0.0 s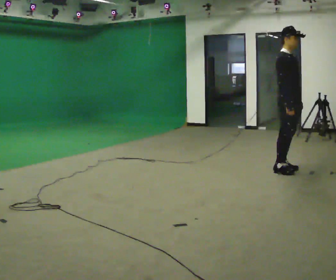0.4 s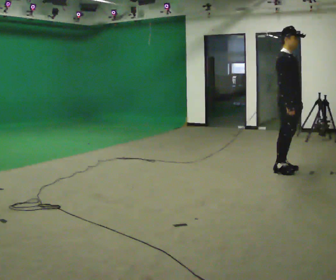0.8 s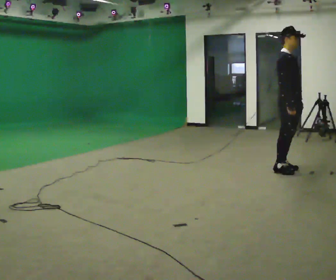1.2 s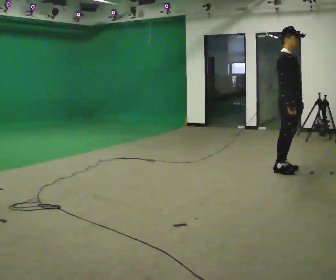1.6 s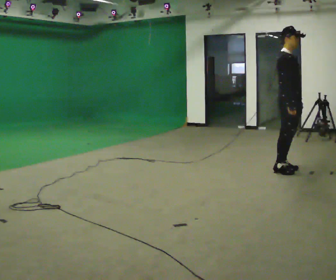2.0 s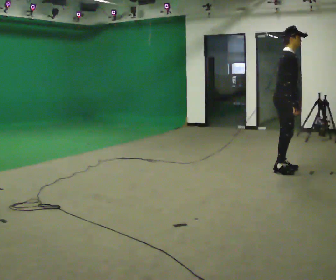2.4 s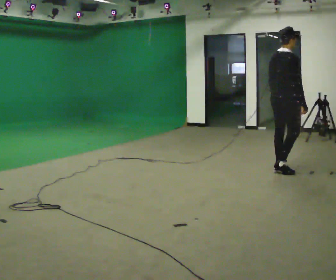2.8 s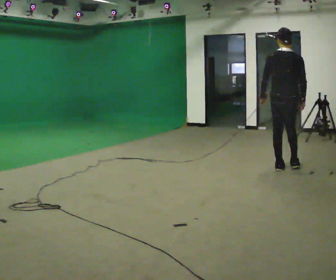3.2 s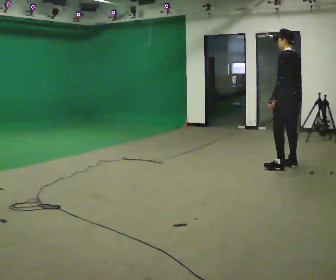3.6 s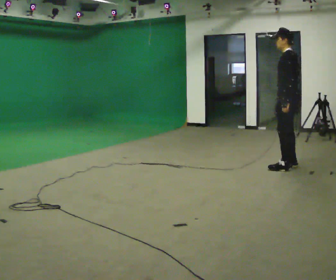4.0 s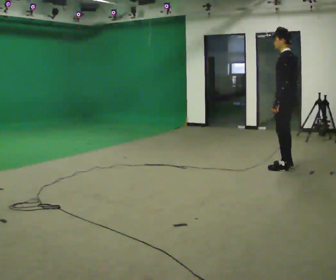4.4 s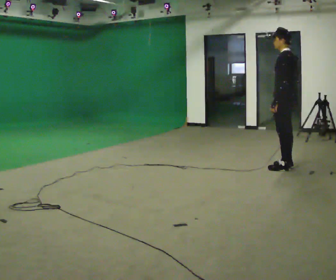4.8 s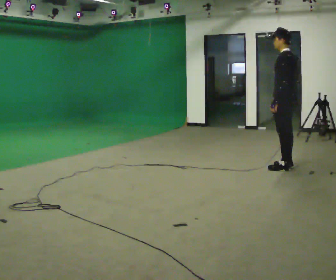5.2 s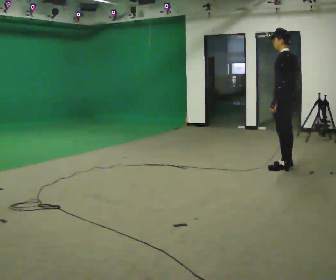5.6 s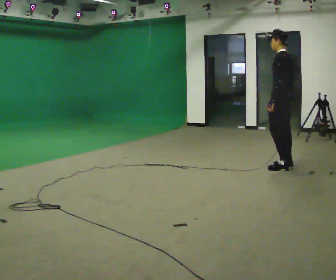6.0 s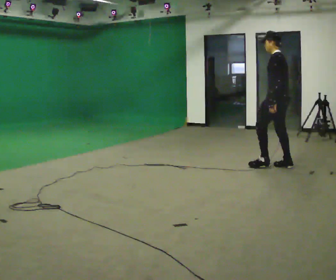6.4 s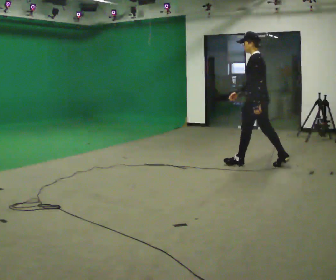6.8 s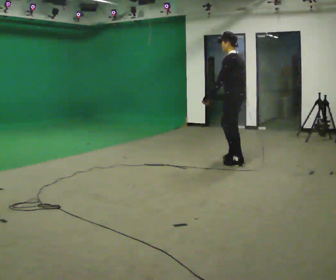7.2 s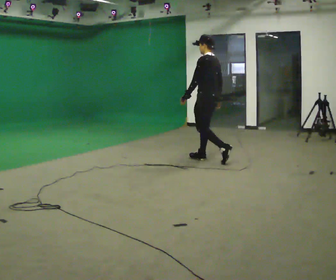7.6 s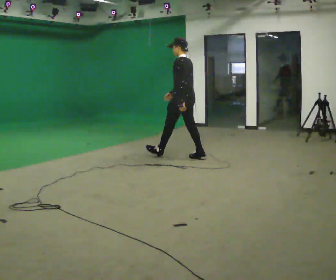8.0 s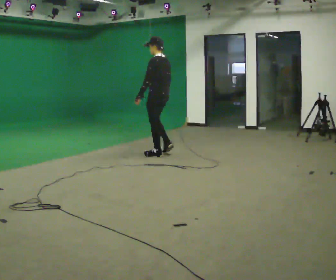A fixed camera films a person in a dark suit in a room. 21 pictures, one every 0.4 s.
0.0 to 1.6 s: The person keeps their place and pose.
1.6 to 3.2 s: Seen from above the body turns counterclockwise, about 165 degrees: to their left, with its near side sliding to the right. In the picture they go away from the camera, about 0.25 m in 1 step.
3.2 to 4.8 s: The person moves a little, or ends about where they began.
4.8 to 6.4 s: In the picture they go to the left, about 0.5 m in 1 step, which for them is forward.
6.4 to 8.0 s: In the picture they go to the left, about 1.5 m in 2 steps, which for them is forward.
The film runs forward here.
